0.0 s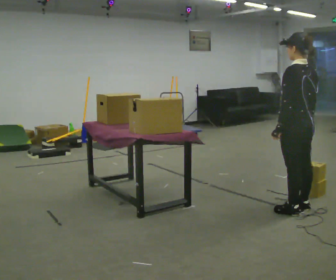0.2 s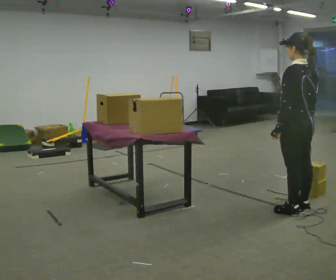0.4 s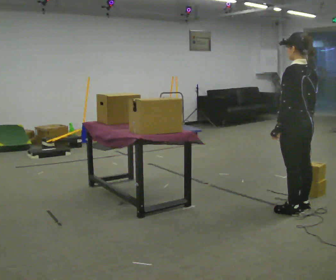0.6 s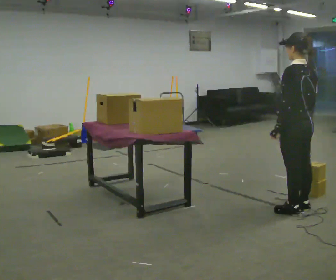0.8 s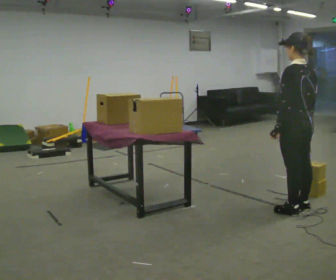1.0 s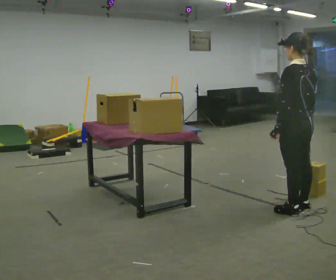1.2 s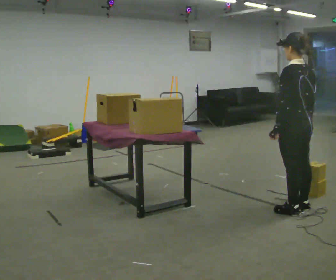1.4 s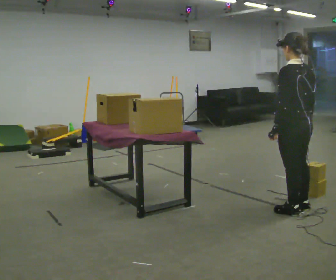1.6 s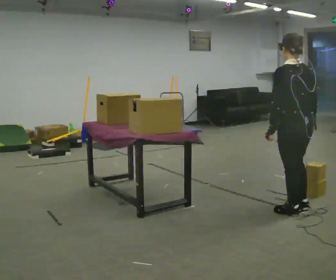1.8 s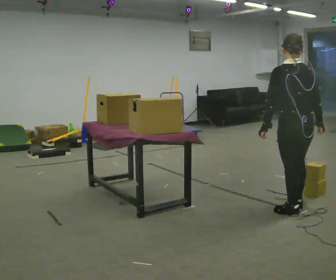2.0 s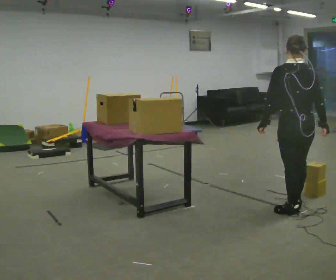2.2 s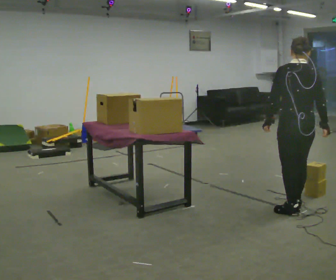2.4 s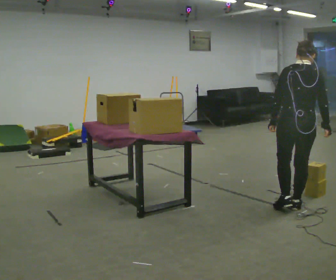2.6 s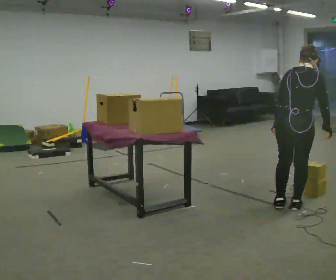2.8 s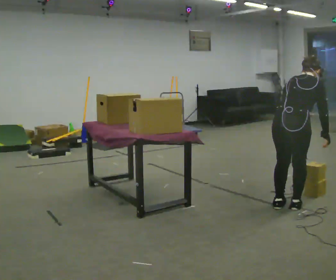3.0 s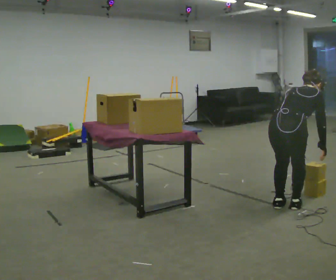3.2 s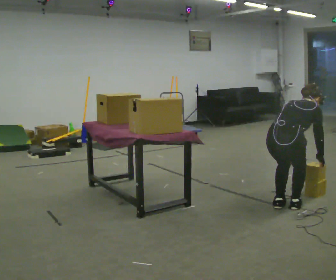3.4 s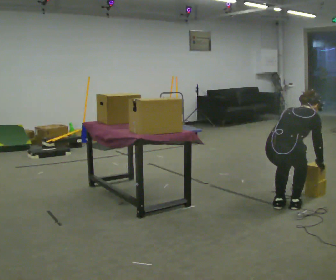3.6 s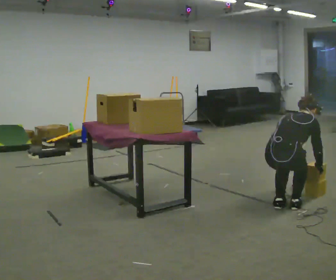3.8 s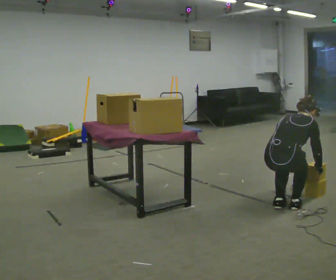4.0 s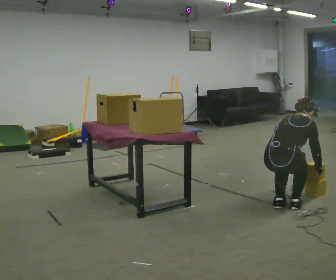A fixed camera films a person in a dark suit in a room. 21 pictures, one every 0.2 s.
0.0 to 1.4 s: The person moves a little, or ends about where they began.
1.4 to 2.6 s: Seen from above the body turns clockwise, about 60 degrees: to their right, with its near side sliding to the left. The upper body tips away from the camera, its near side rolling upward, as they bend forward.
2.6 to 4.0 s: The shoulders move downward. In the picture their left hand goes downward.
The film runs forward here.
